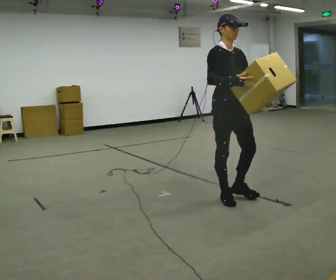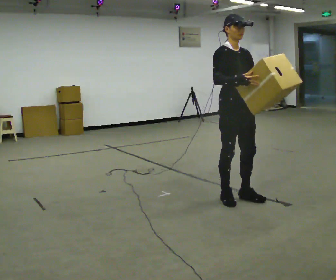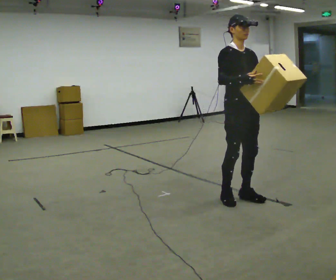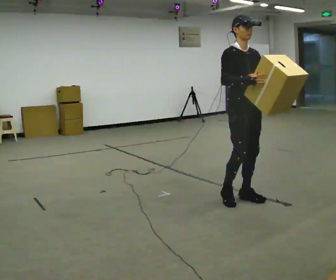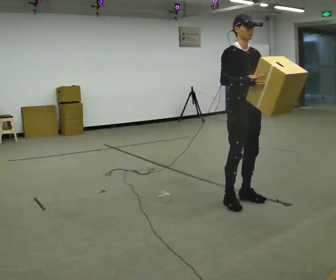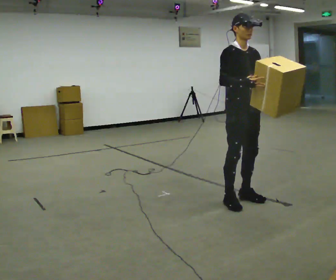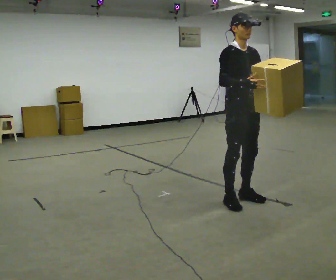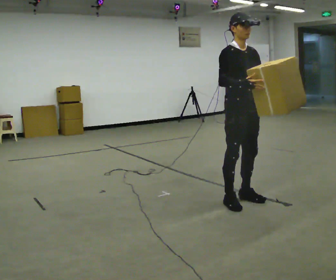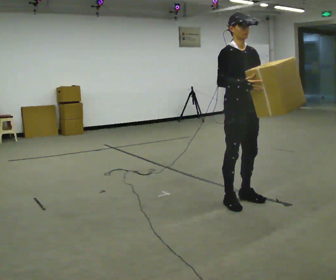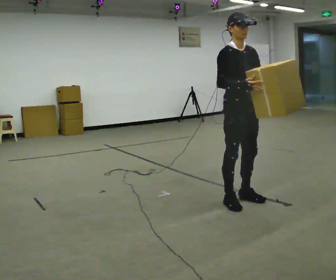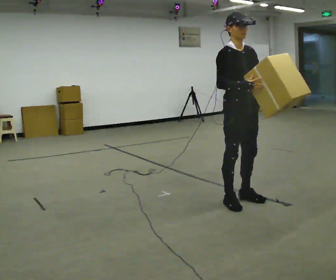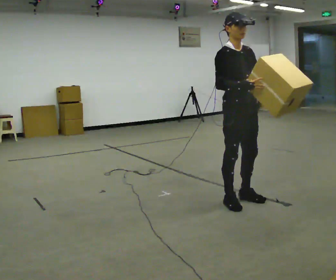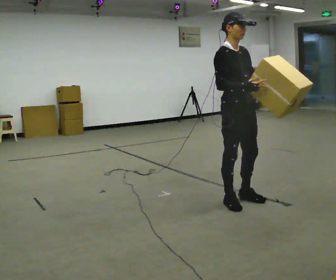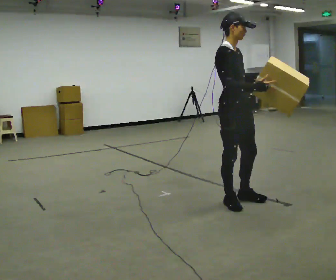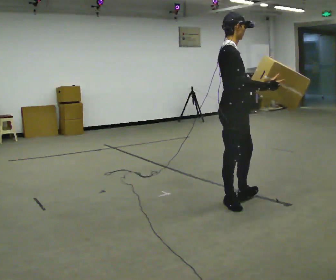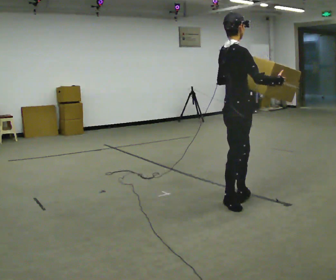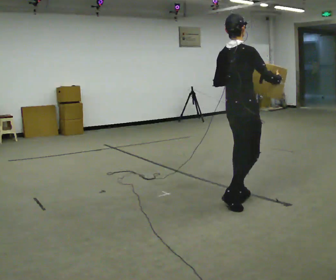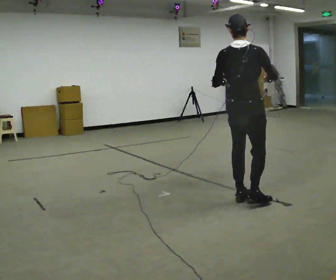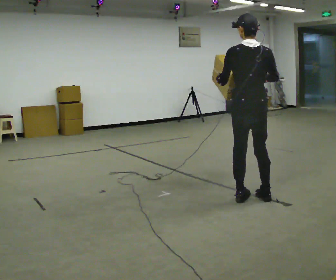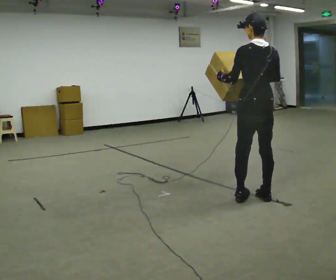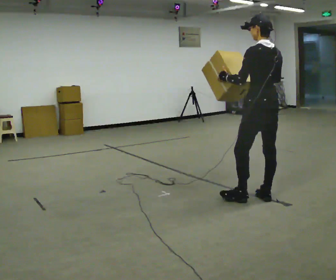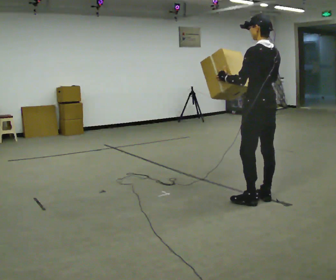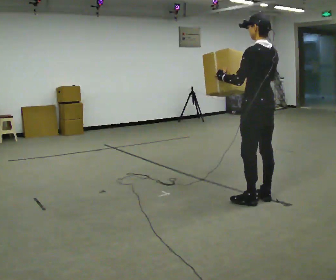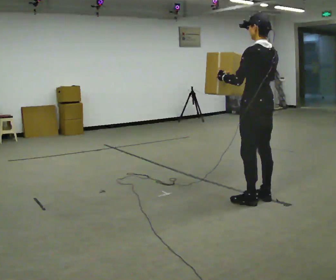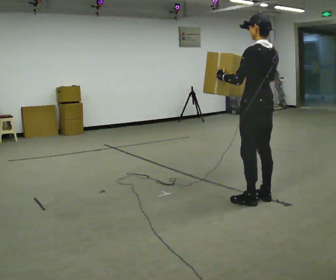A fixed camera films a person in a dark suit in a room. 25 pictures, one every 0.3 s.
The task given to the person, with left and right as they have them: Carry the object and, while walking, turn it over in your hands to look at all sides of it. Keep turning it as you walk.
0.0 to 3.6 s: The person moves a little, or ends about where they began.
3.6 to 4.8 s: The person turns about 75 degrees to their left, counterclockwise seen from above, so the part of the body nearest the lens slides to the right. In the picture their right hand goes to the right.
4.8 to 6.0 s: The part of the body nearest the lens slides to the right as the person turns to their left by about 90 degrees. In the picture they go to the right, about 0.25 m in 1 step.
6.0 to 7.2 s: The person moves a little, or ends about where they began.
The film runs forward here.
